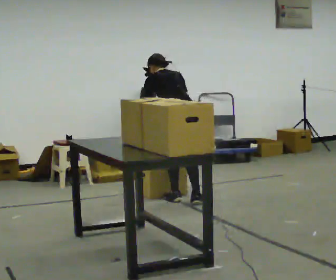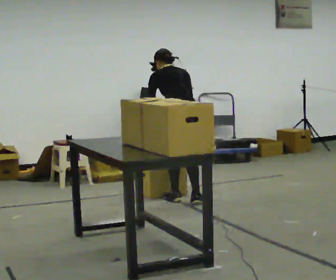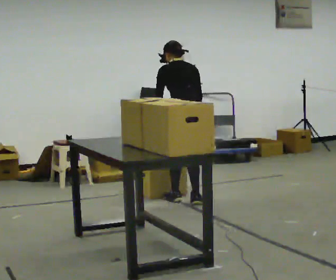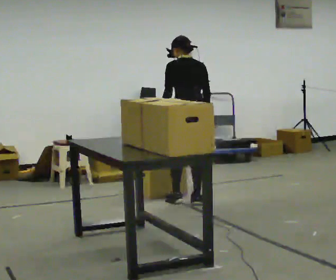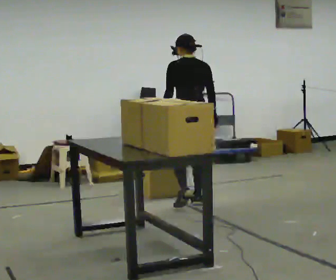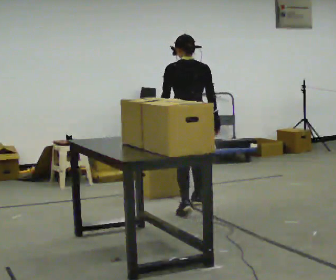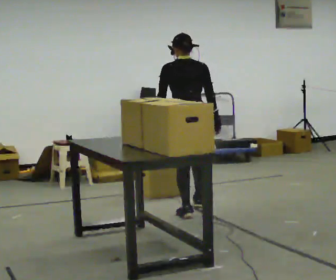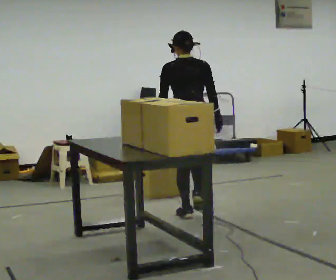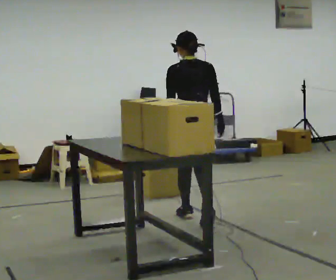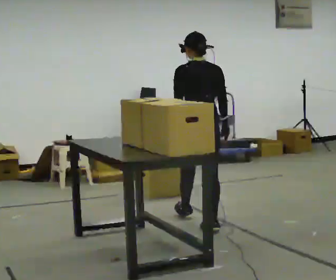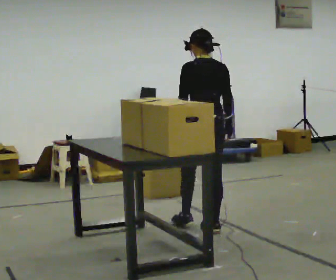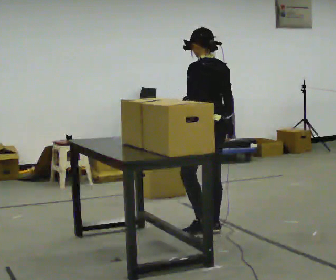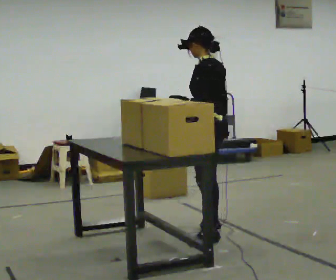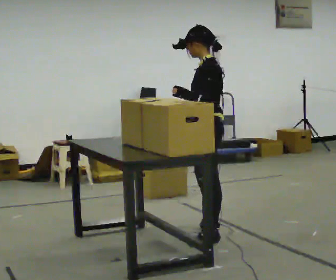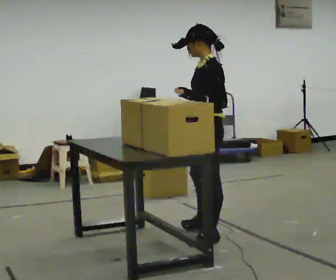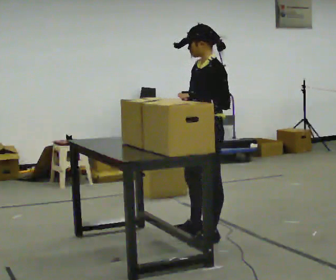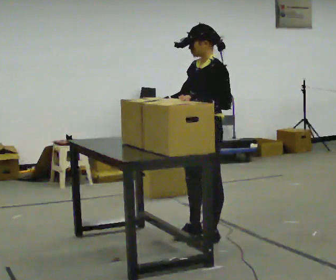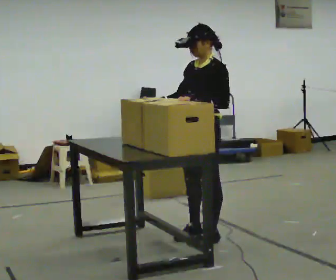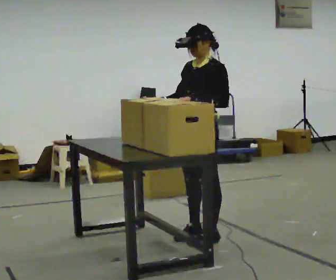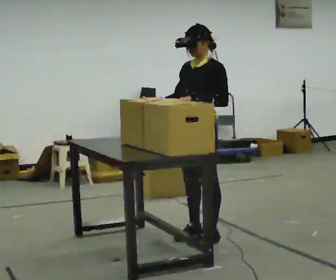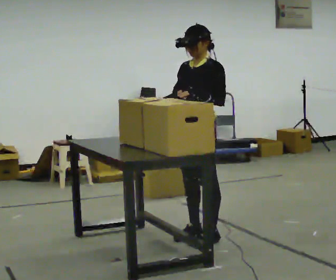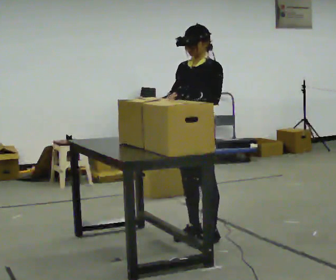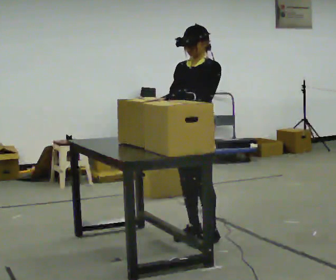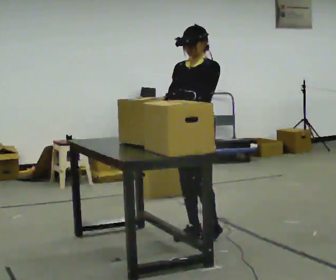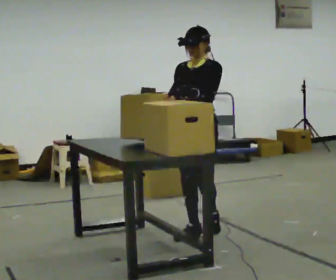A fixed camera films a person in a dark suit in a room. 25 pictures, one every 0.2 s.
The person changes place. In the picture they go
toward the camera.
The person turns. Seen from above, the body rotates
counterclockwise.
0.0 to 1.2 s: In the picture they go toward the camera, about 0.5 m in 2 steps, which for them is backward. The upper body tips toward the camera, its near side rolling downward, as they lean back or straighten.
1.2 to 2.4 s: The part of the body nearest the lens slides to the right as the person turns to their left by about 60 degrees. In the picture they go toward the camera, about 0.75 m in 1 step, which for them is backward.
2.4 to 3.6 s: The part of the body nearest the lens slides to the right as the person turns to their left by about 60 degrees. In the picture they go toward the camera, about 0.25 m. In the picture their right hand goes to the left, the arm swinging clockwise.
3.6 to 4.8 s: The person moves a little, or ends about where they began.
The film runs backward here.
